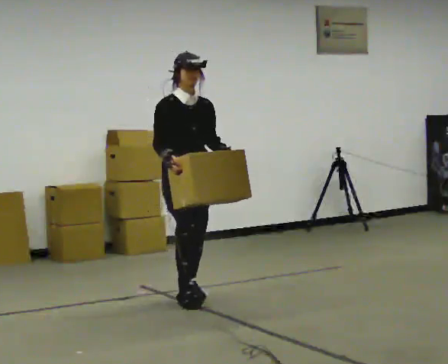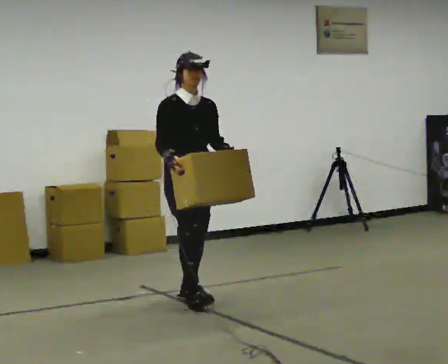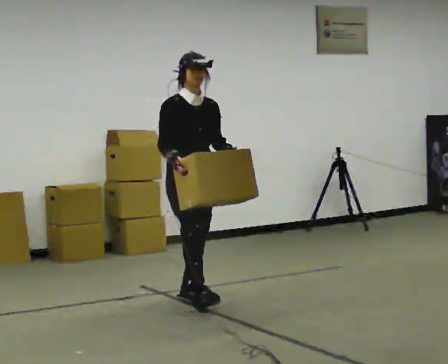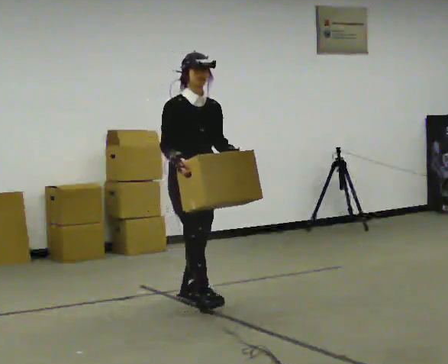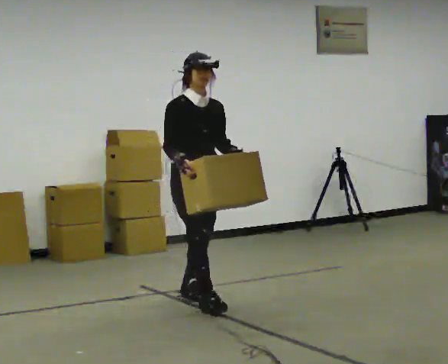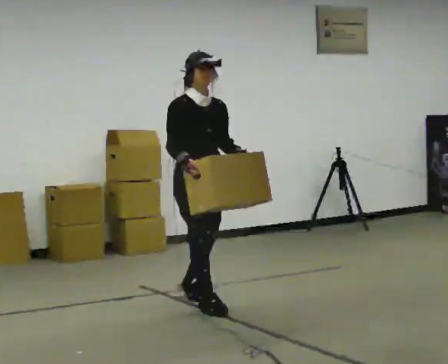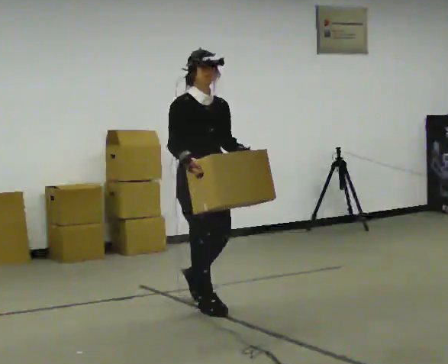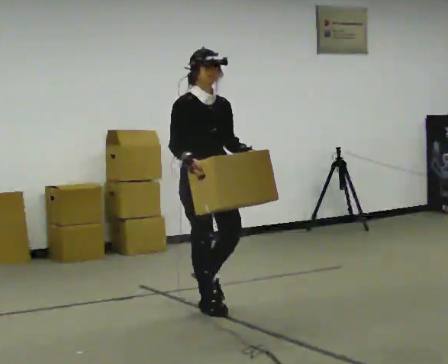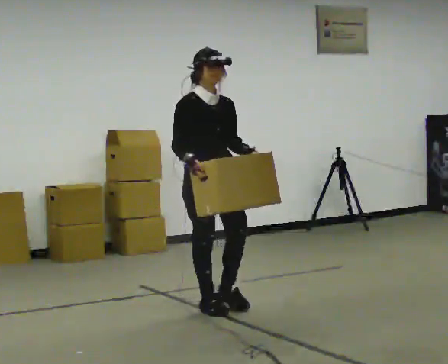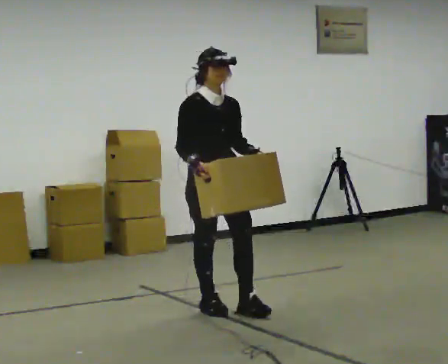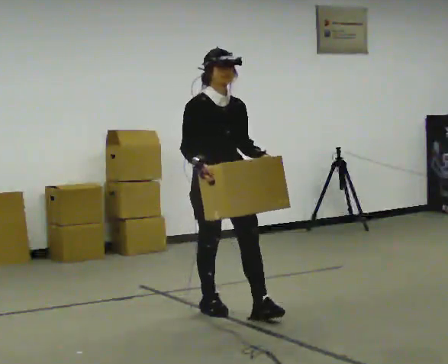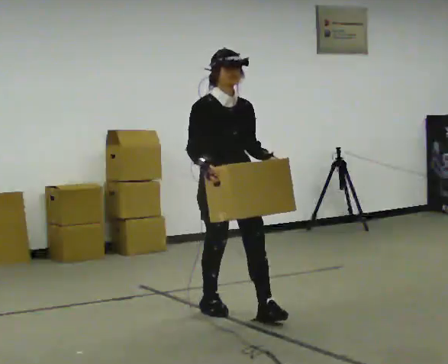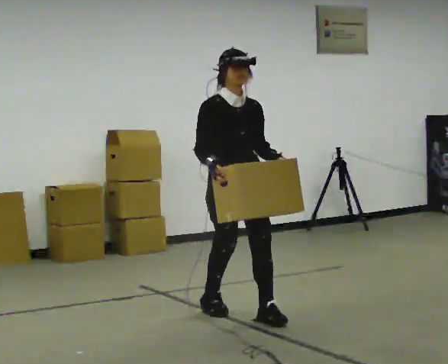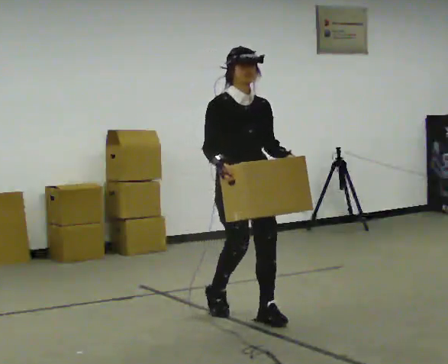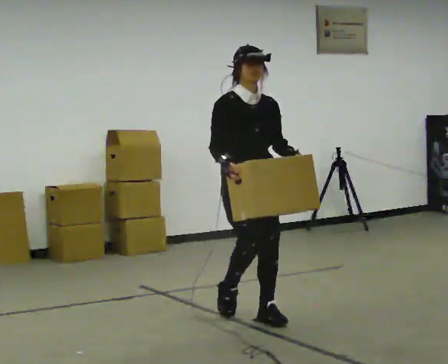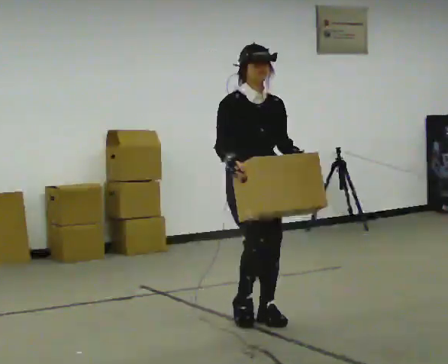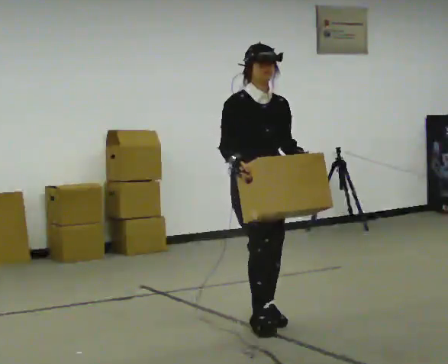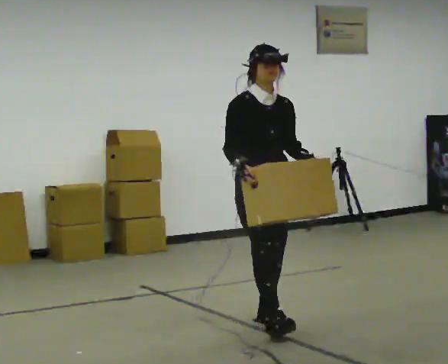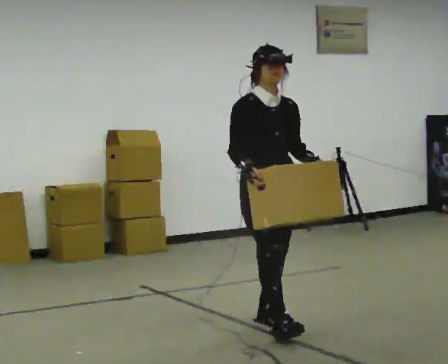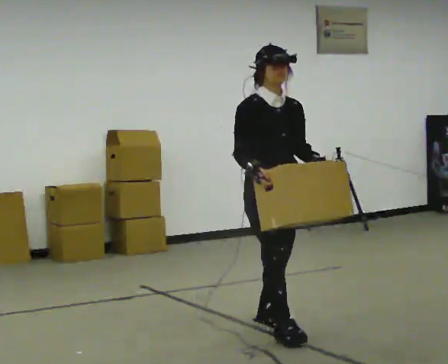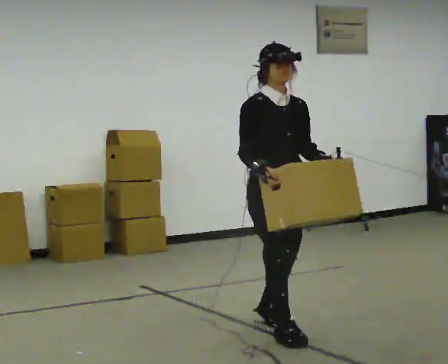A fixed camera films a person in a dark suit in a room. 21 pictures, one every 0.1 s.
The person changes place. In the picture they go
toward the camera.
0.0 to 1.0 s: In the picture they go toward the camera and to the right, about 0.5 m in 1 step, which for them is forward.
1.0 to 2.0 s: In the picture they go toward the camera and to the right, about 0.75 m in 2 steps, which for them is forward.
The film runs forward here.
